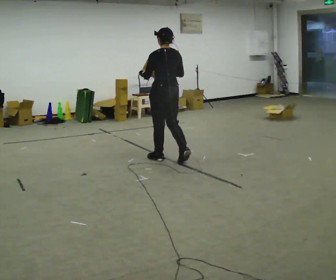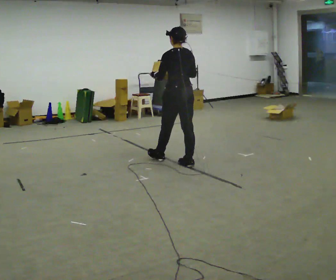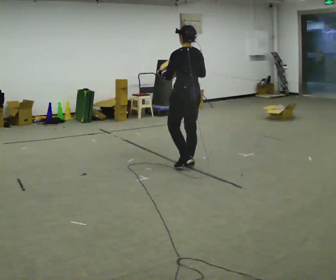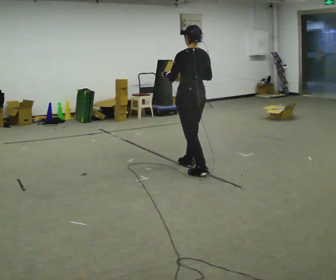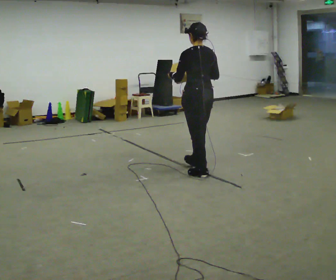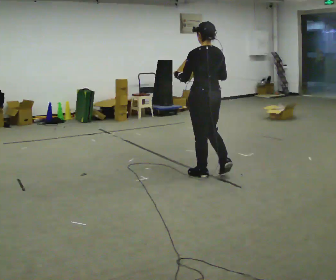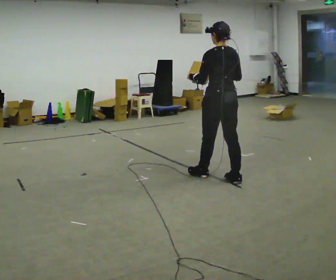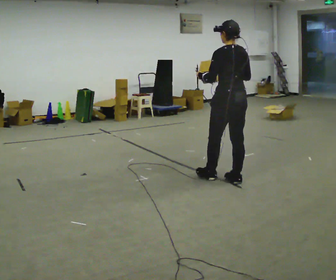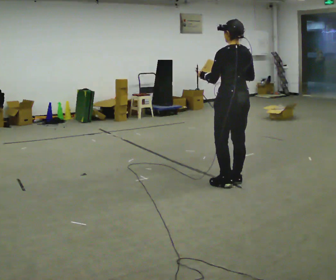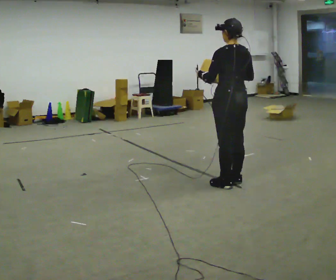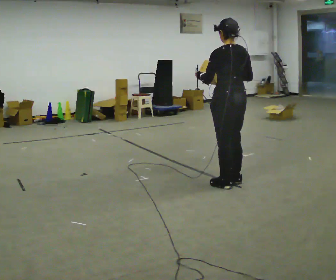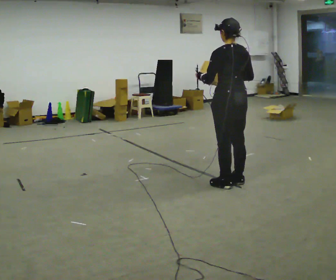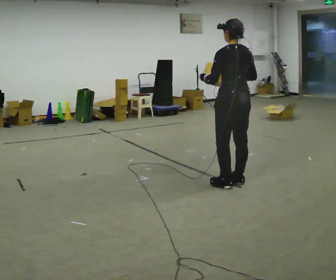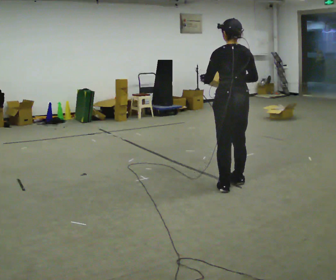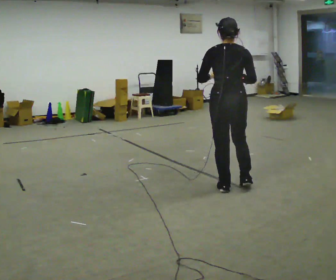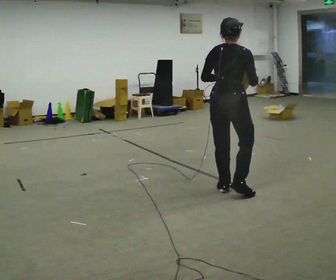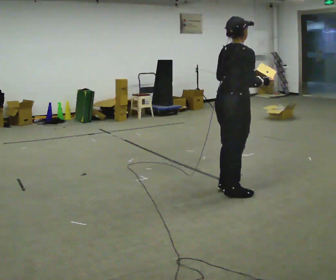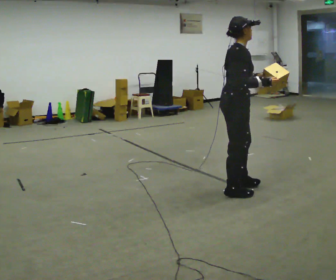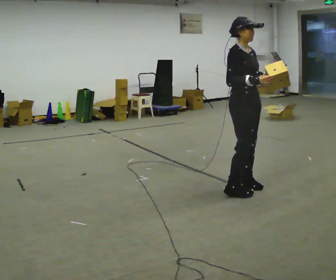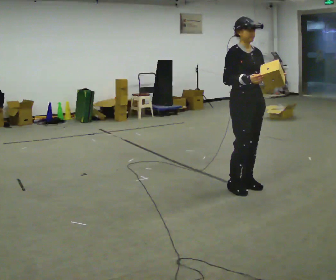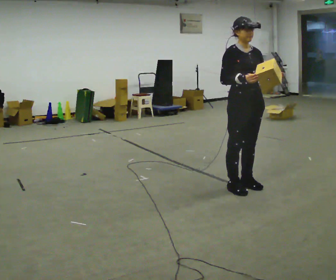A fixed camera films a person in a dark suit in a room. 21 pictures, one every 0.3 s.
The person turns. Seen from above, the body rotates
clockwise.
The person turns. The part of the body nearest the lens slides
to the left.
0.0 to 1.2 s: In the picture they go toward the camera and to the right, about 0.75 m in 2 steps, which for them is backward.
1.2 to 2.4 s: In the picture they go to the right and toward the camera, about 0.5 m in 1 step, which for them is backward and to their right.
2.4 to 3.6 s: The person moves a little, or ends about where they began.
3.6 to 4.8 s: Seen from above the body turns clockwise, about 90 degrees: to their right, with its near side sliding to the left. In the picture they go toward the camera, about 0.25 m in 1 step. In the picture their left hand goes to the right.
4.8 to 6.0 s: The person turns about 90 degrees to their right, clockwise seen from above, so the part of the body nearest the lens slides to the left. In the picture their left hand goes to the right.
The film runs backward here.
